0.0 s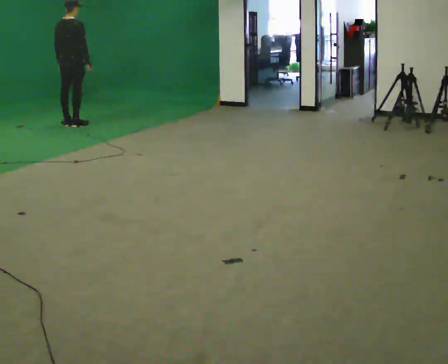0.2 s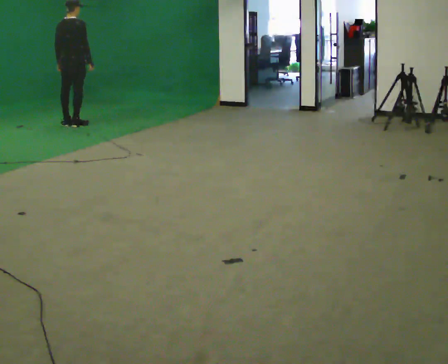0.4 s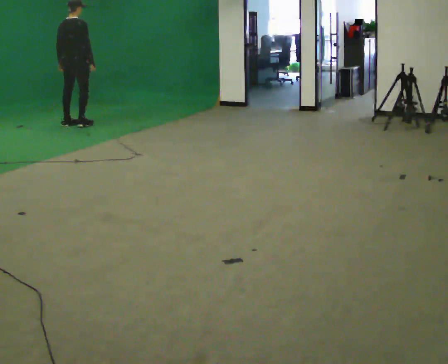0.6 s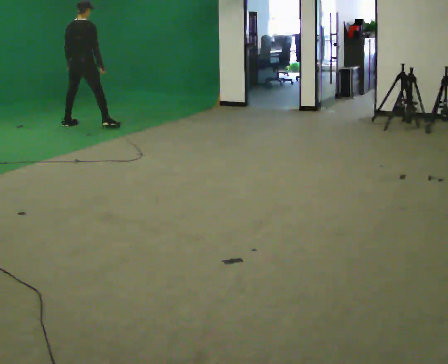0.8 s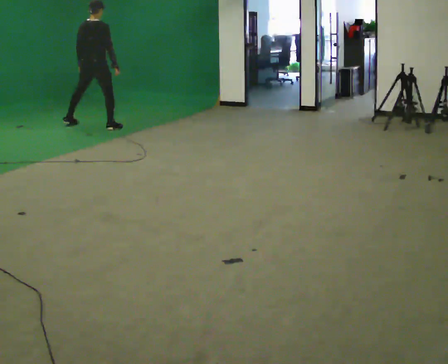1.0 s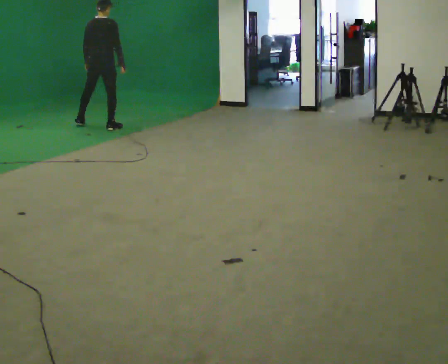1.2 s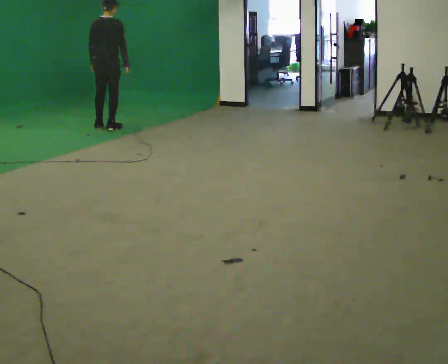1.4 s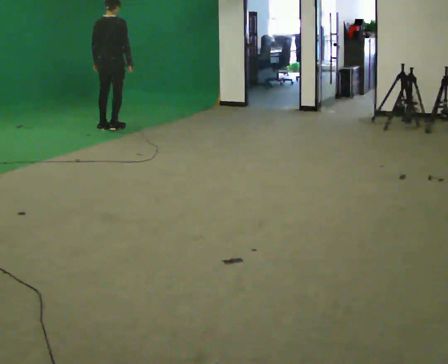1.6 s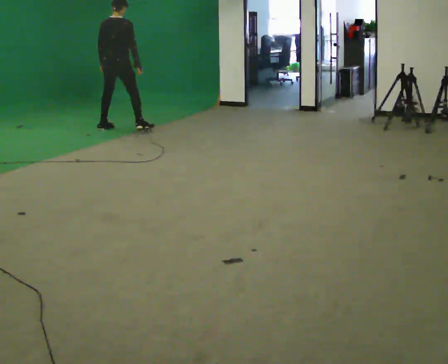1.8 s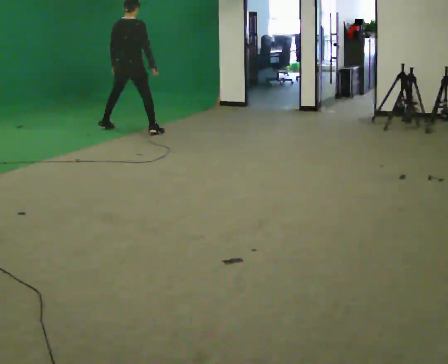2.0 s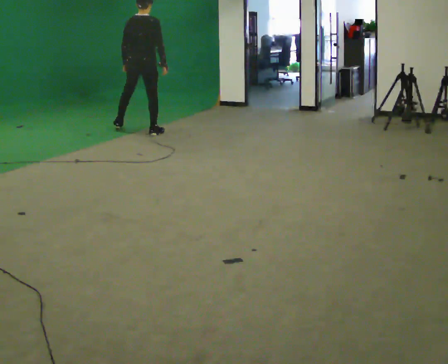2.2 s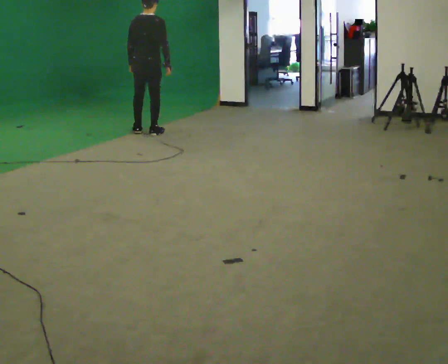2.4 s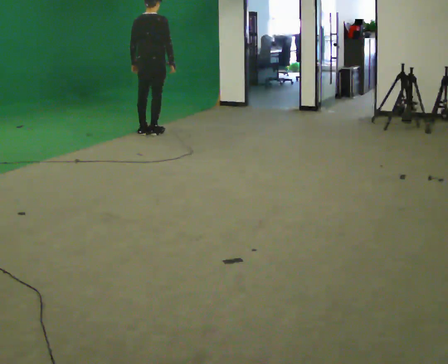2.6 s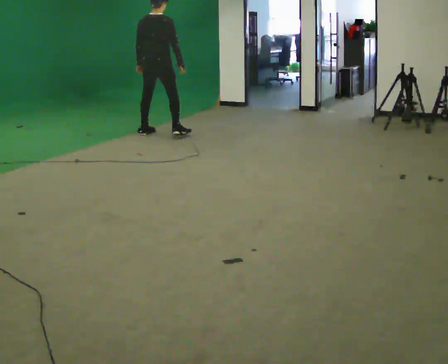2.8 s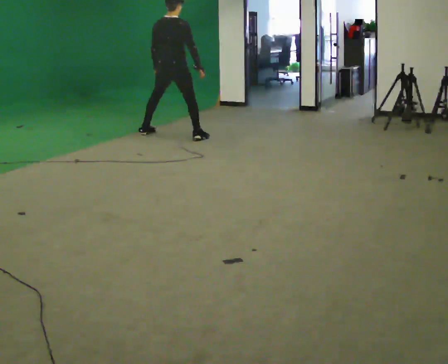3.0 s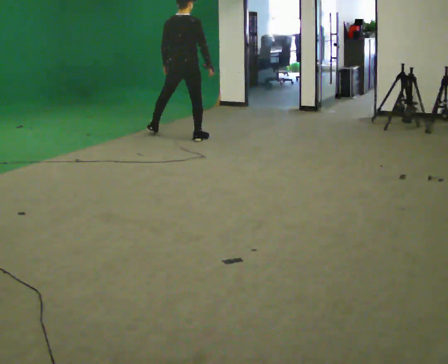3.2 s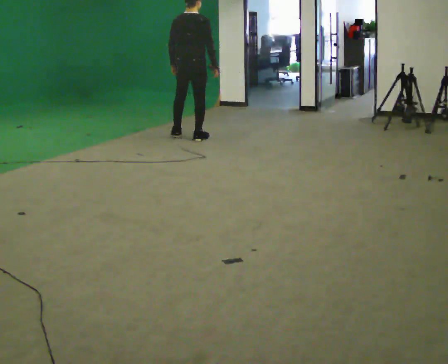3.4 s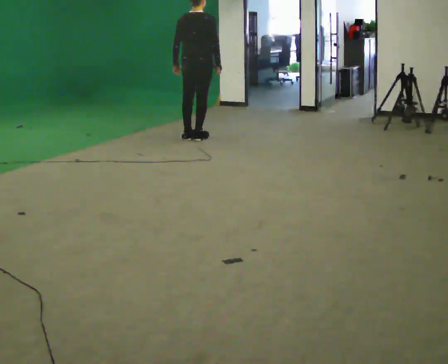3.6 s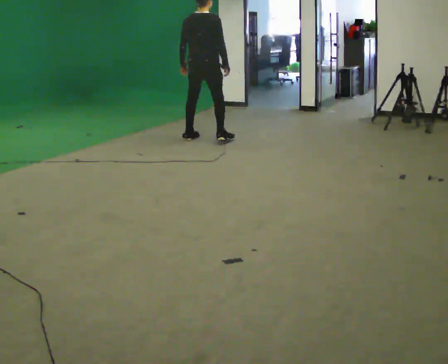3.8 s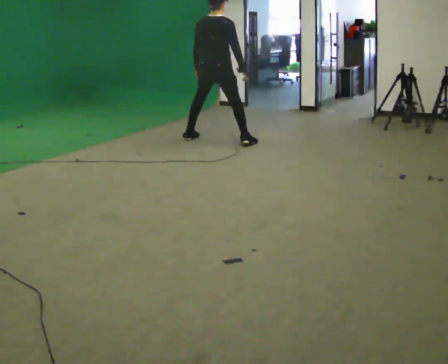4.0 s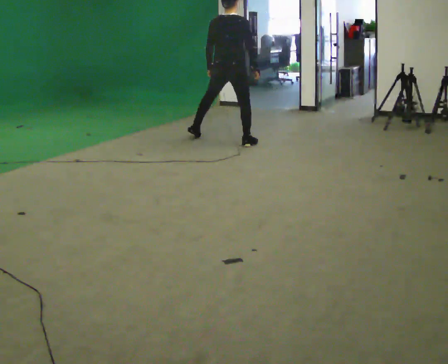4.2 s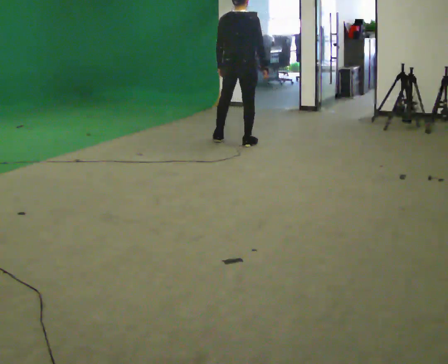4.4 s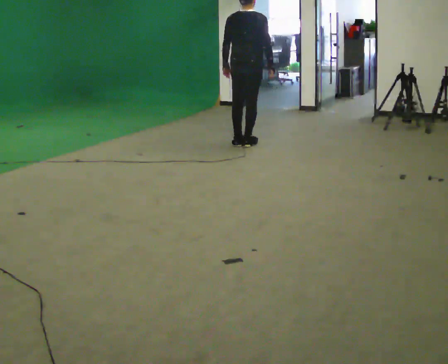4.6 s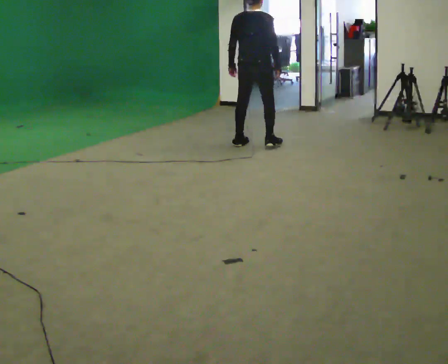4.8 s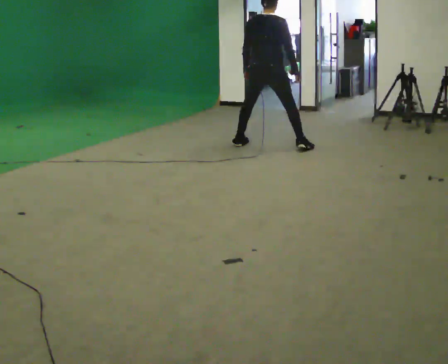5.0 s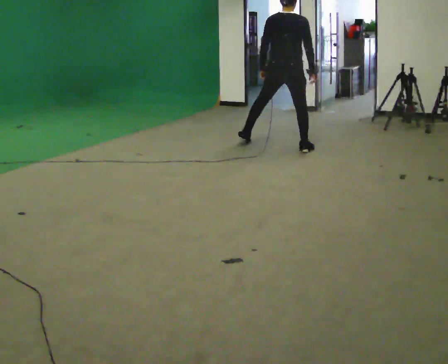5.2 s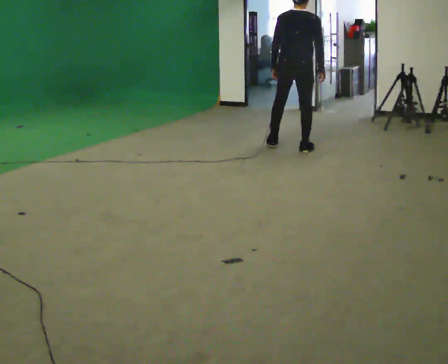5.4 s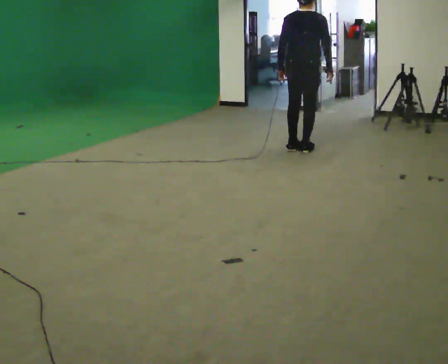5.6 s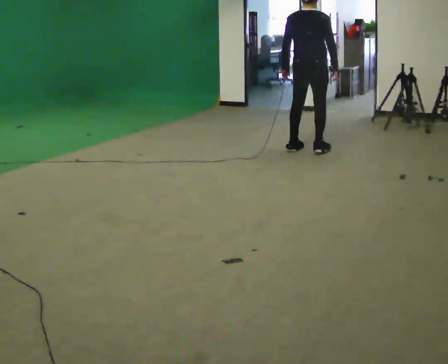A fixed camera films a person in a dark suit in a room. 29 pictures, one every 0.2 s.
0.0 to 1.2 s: In the picture they go to the right and toward the camera, about 0.5 m in 2 steps, which for them is to their right.
1.2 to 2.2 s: In the picture they go to the right and toward the camera, about 0.75 m in 2 steps, which for them is to their right.
2.2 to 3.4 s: In the picture they go to the right and toward the camera, about 0.5 m in 2 steps, which for them is to their right.
3.4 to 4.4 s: In the picture they go to the right and toward the camera, about 0.5 m in 2 steps, which for them is to their right.
4.4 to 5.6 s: In the picture they go to the right and toward the camera, about 0.5 m in 3 steps, which for them is to their right.
The film runs backward here.
